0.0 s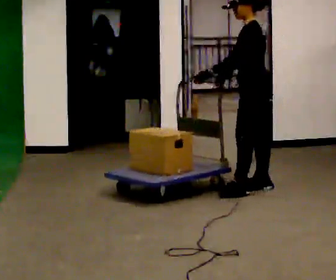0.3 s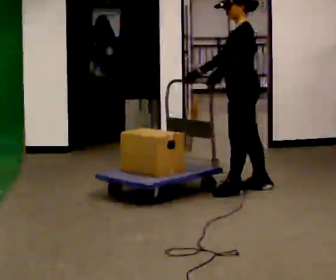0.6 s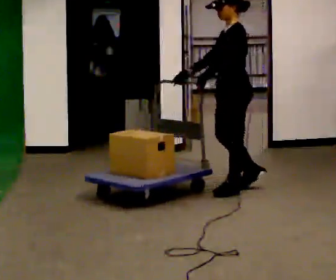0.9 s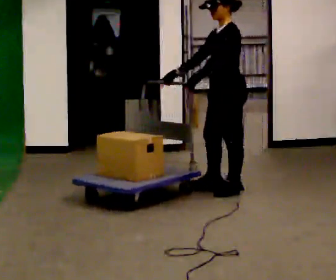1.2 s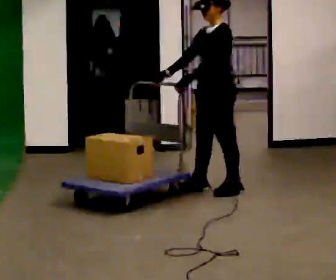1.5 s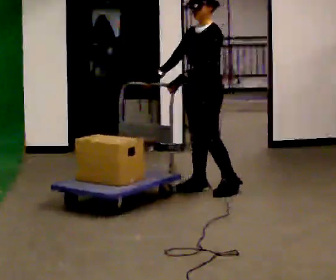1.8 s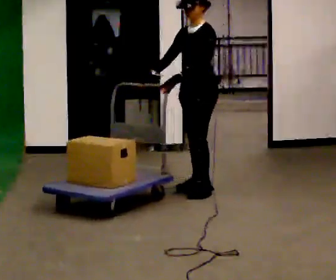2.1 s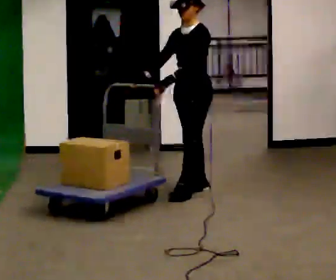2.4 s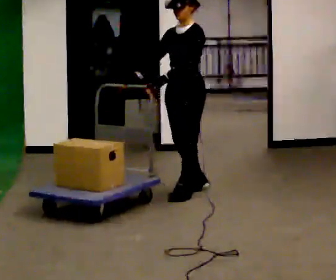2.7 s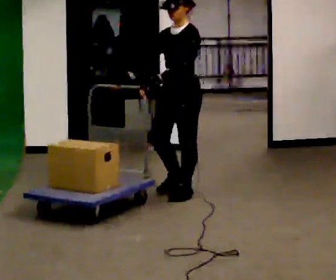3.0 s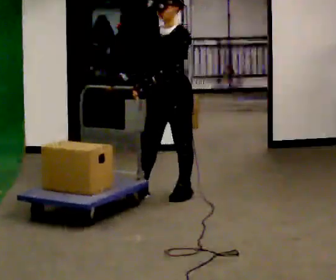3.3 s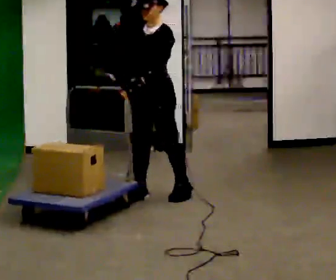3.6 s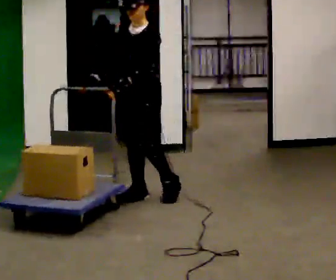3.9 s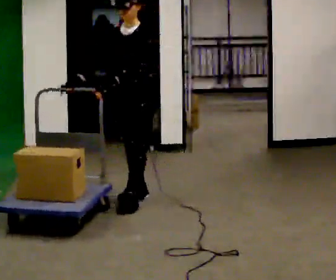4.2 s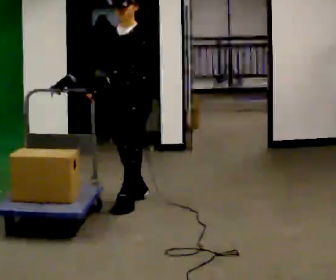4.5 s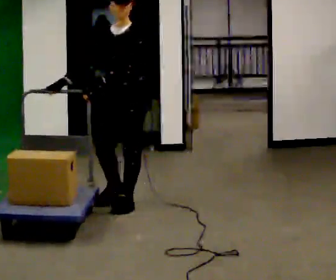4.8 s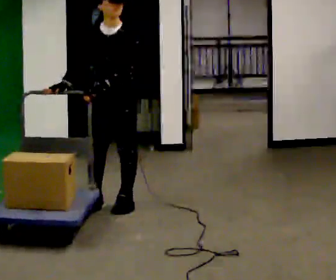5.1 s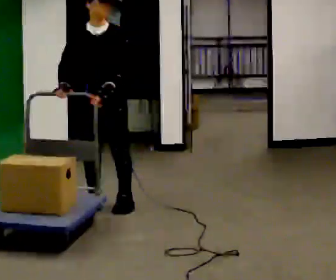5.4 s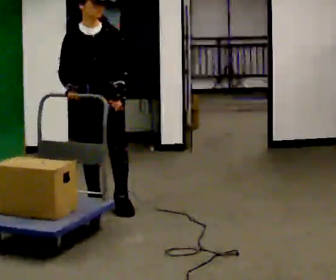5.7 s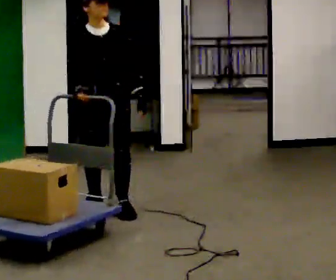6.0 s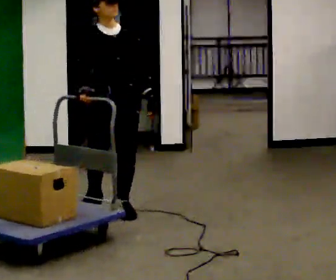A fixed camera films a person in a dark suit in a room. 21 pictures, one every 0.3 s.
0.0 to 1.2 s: The part of the body nearest the lens slides to the right as the person turns to their left by about 30 degrees. In the picture they go to the left, about 0.25 m in 2 steps, which for them is forward.
1.2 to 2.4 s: In the picture they go to the left, about 0.25 m in 1 step, which for them is forward.
2.4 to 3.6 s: In the picture they go to the left, about 0.25 m in 1 step, which for them is forward and to their right.
3.6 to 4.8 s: In the picture they go toward the camera and to the left, about 0.25 m in 2 steps, which for them is forward.
4.8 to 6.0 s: The part of the body nearest the lens slides to the right as the person turns to their left by about 30 degrees. In the picture they go toward the camera, about 0.25 m in 1 step, which for them is forward.
The film runs forward here.
